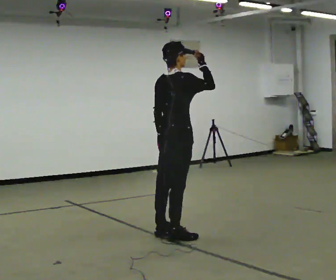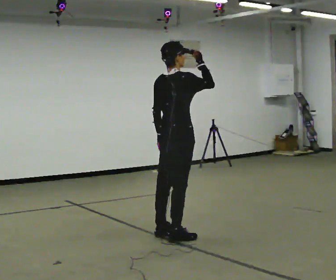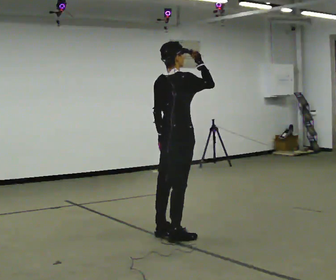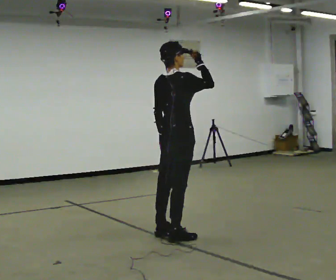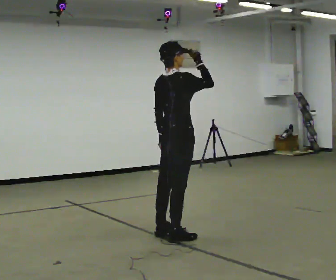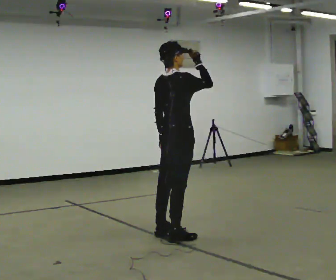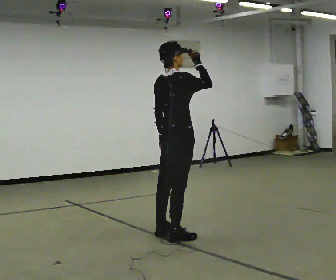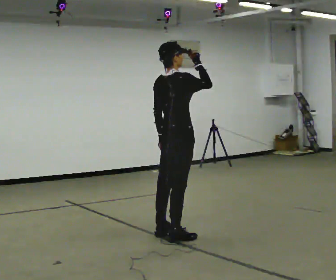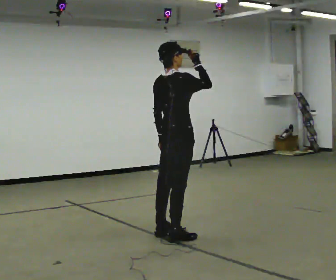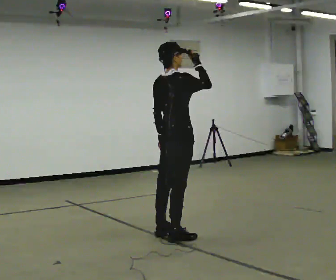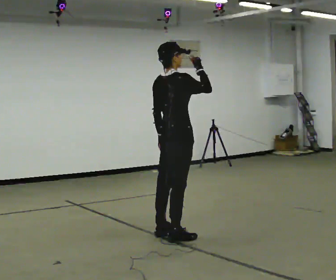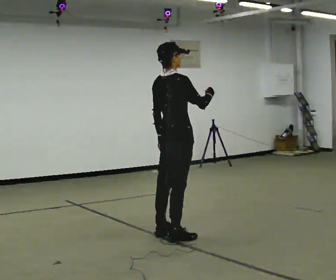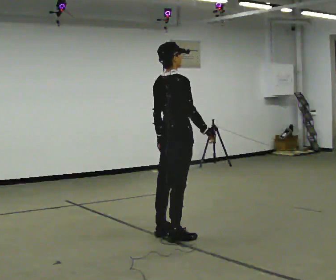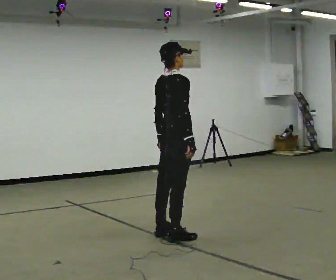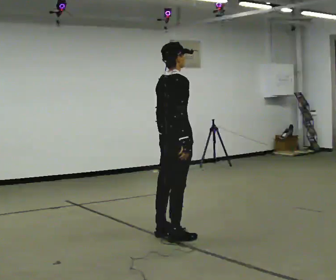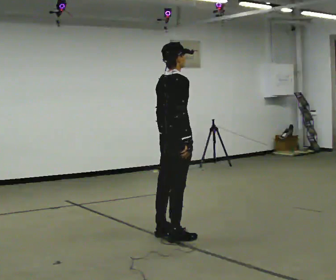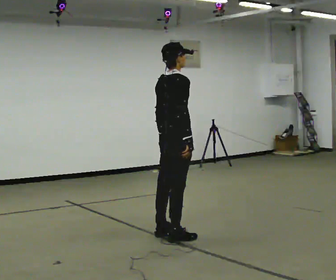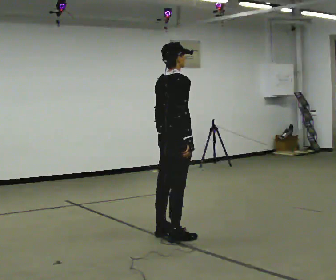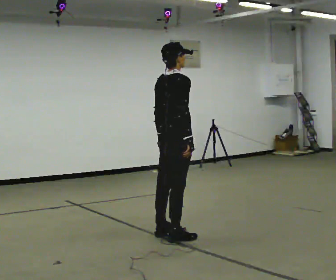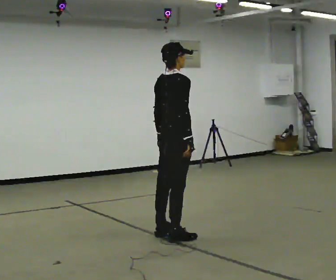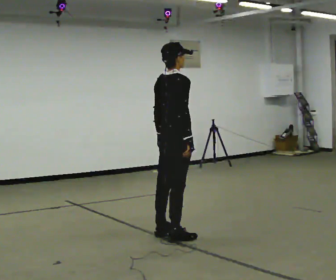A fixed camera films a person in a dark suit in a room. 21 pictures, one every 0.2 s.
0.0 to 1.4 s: The person moves a little, or ends about where they began.
1.4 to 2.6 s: In the picture their right hand goes downward.
2.6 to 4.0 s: The person moves a little, or ends about where they began.
The film runs forward here.
